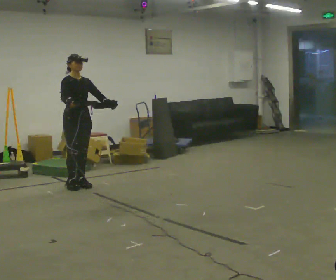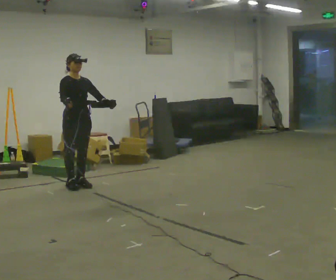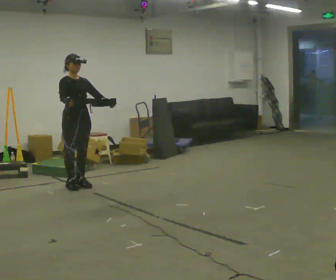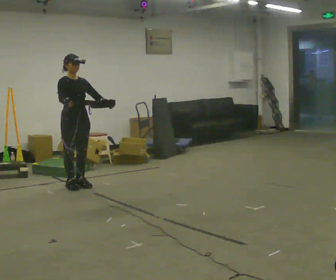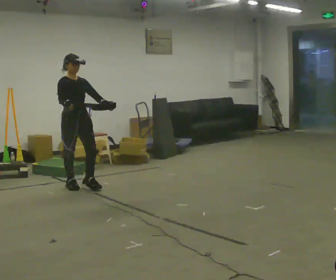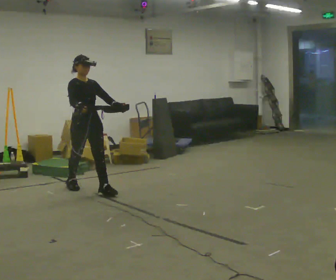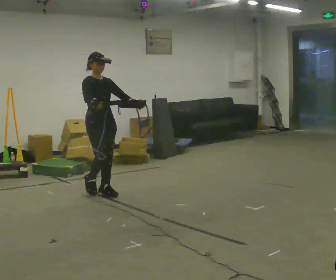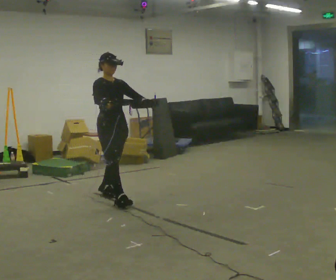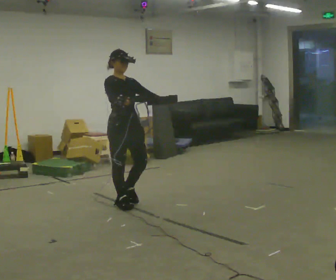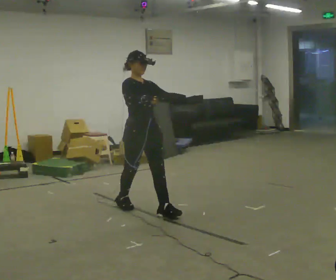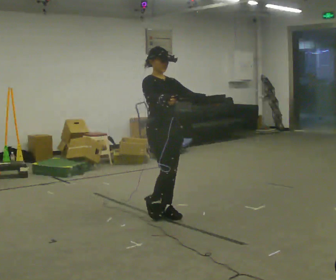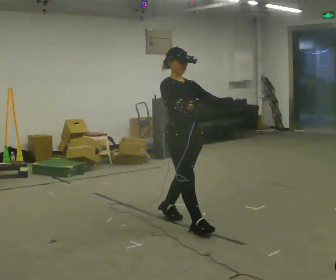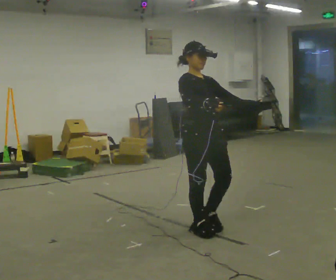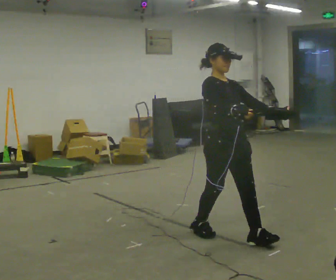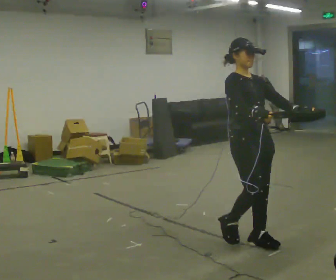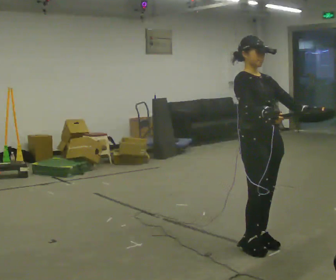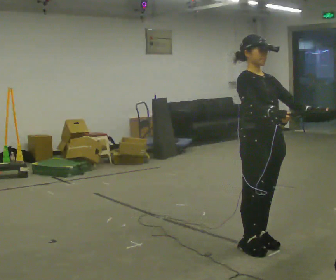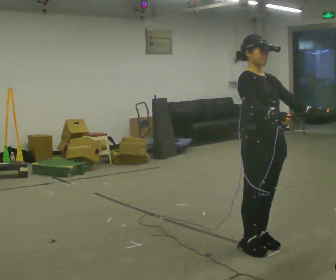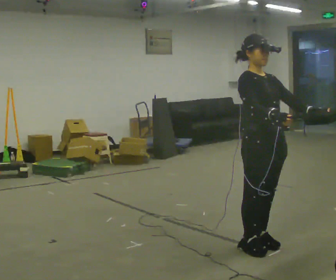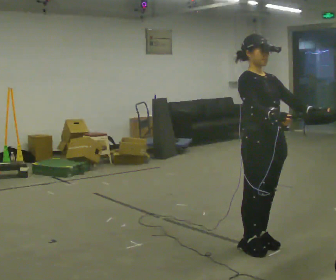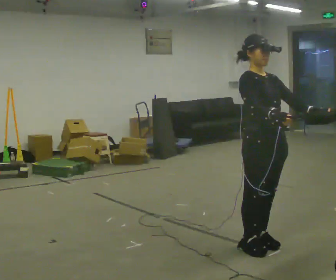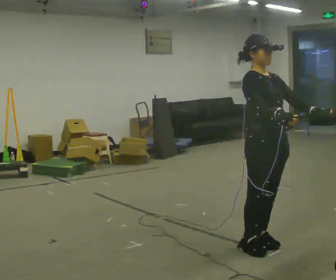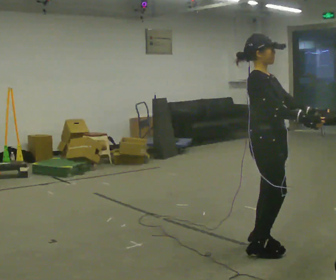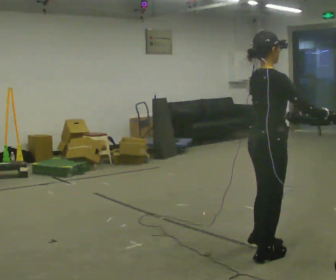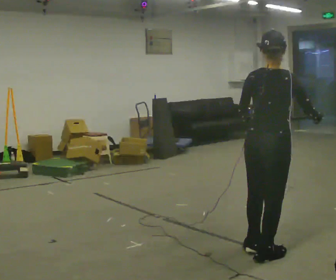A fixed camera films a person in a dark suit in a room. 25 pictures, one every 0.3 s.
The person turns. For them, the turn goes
to their left.
The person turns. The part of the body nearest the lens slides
to the right.
0.0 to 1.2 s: The person moves a little, or ends about where they began.
1.2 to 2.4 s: In the picture they go toward the camera and to the right, about 1 m in 2 steps, which for them is forward.
2.4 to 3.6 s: In the picture they go toward the camera and to the right, about 1 m in 2 steps, which for them is forward.
3.6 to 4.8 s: In the picture they go toward the camera and to the right, about 0.5 m in 2 steps, which for them is forward.
4.8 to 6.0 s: The person keeps their place and pose.
6.0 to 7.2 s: The part of the body nearest the lens slides to the right as the person turns to their left by about 120 degrees. In the picture they go toward the camera, about 0.25 m in 2 steps. In the picture their right hand goes to the right.
The film runs forward here.
